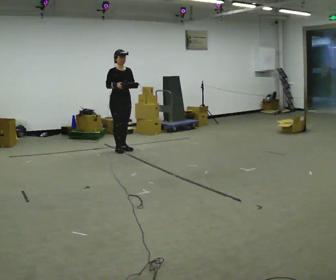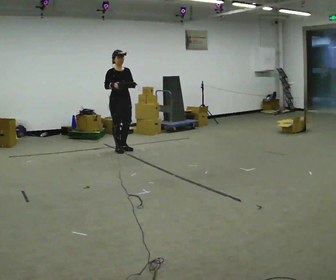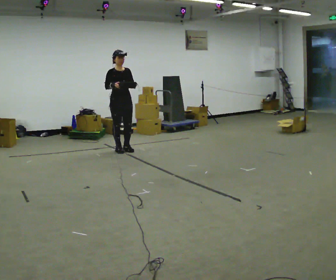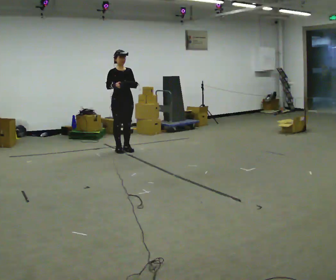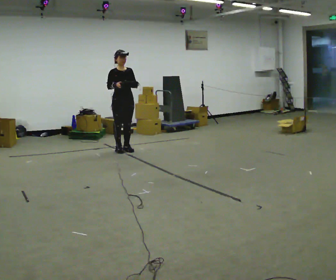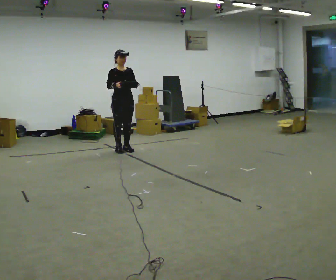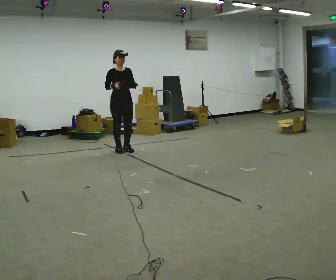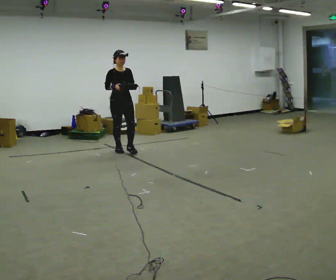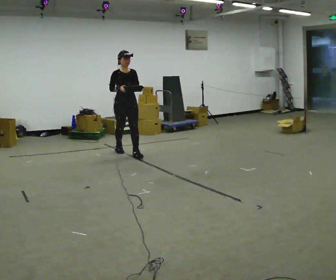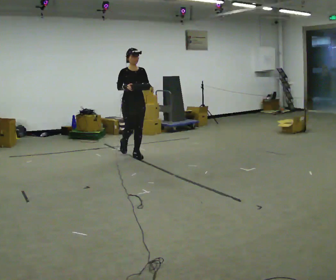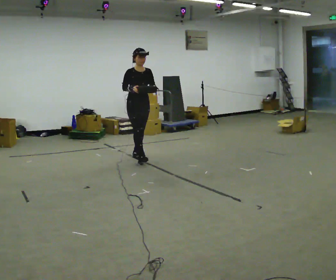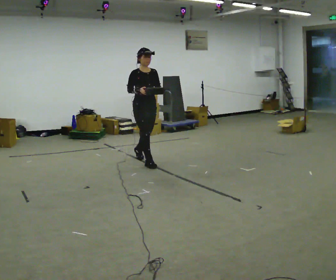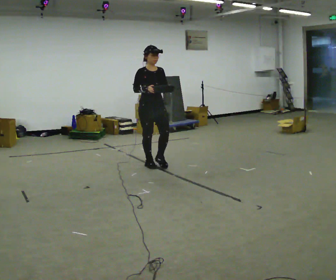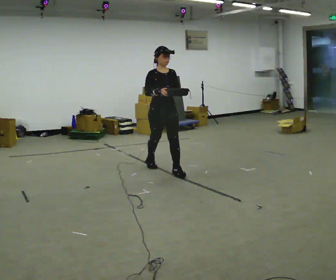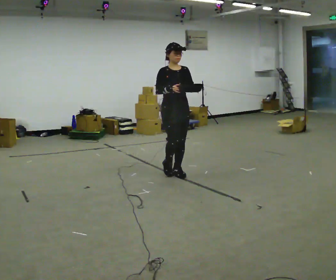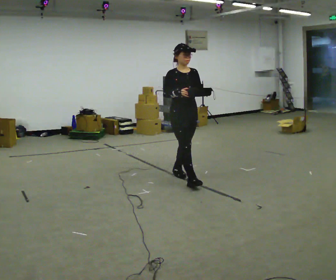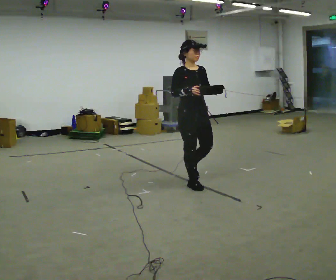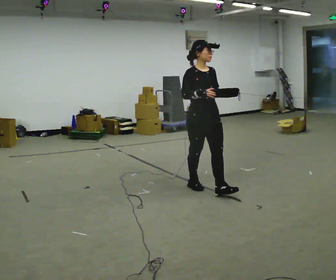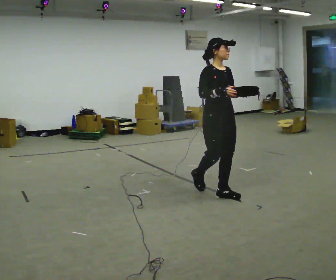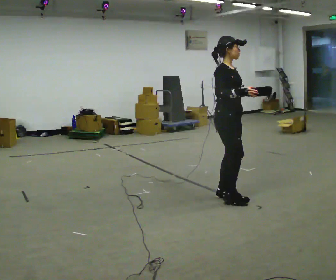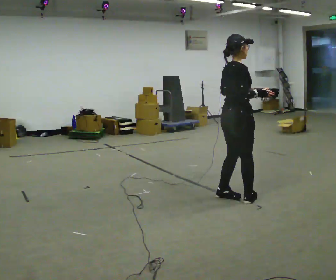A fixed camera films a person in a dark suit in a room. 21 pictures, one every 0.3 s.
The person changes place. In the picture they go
toward the camera.
0.0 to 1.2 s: The person moves a little, or ends about where they began.
1.2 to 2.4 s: In the picture they go toward the camera, about 0.25 m in 1 step, which for them is forward.
2.4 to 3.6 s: In the picture they go toward the camera and to the right, about 1 m in 1 step, which for them is forward.
3.6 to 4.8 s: In the picture they go toward the camera and to the right, about 1 m in 2 steps, which for them is forward.
4.8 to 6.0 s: Seen from above the body turns counterclockwise, about 90 degrees: to their left, with its near side sliding to the right. In the picture they go toward the camera and to the right, about 0.75 m in 2 steps.
The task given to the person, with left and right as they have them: Carry the object across the room. The lid hangs loose and will swing, so carry it however works. Keep going until the operator says stop; one object at a time, and do not rush between trips.
The film runs forward here.
